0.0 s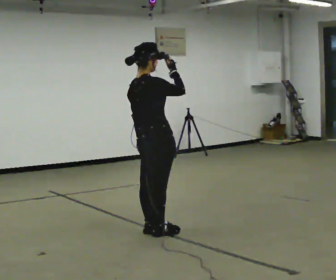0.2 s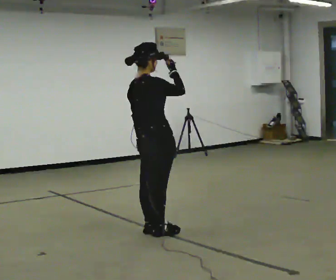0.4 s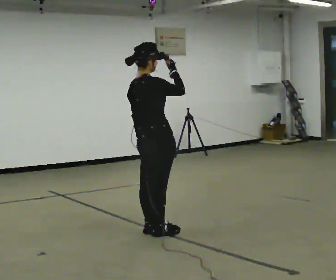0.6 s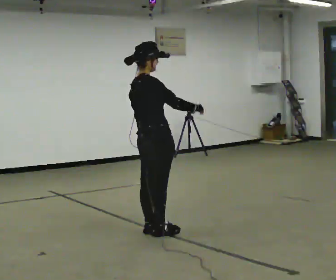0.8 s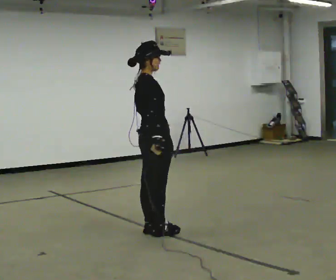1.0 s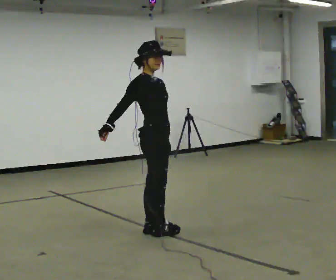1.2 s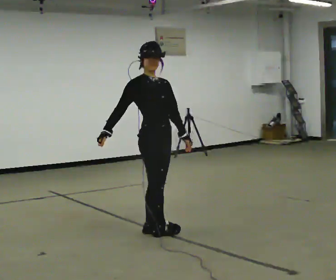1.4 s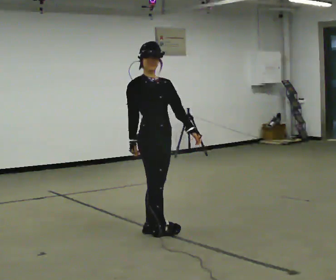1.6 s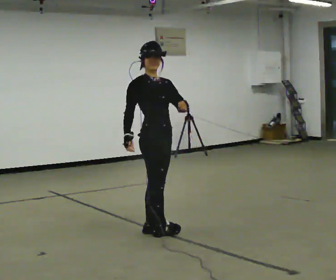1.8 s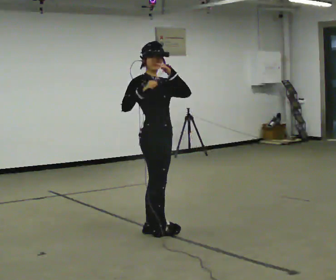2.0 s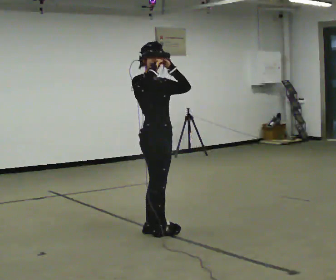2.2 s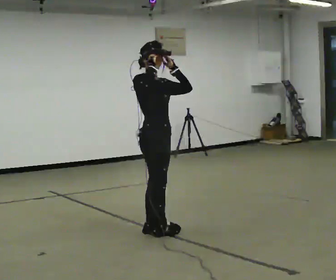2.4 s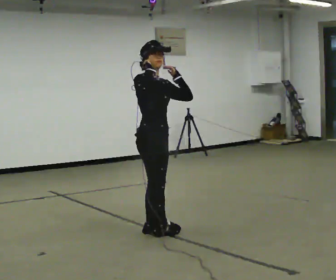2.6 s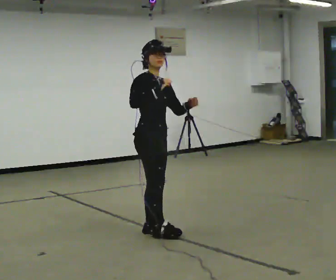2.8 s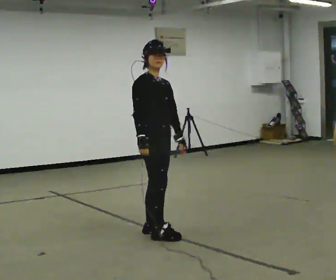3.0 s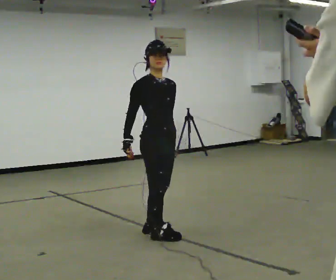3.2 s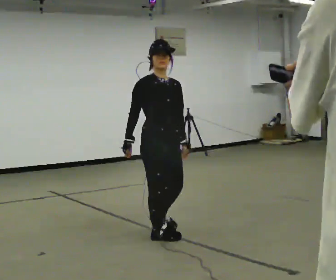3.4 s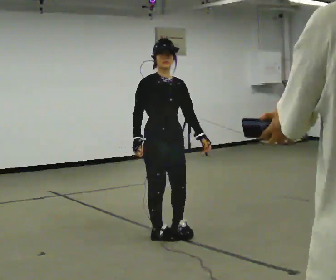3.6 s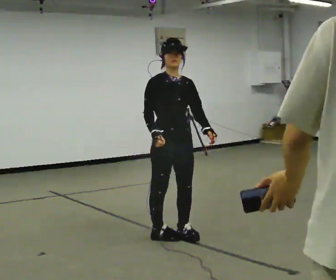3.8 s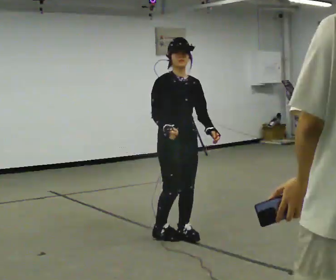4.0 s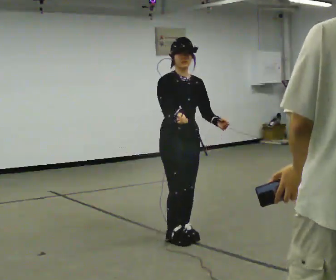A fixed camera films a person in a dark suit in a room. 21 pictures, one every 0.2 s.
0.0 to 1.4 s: The person turns about 75 degrees to their right, clockwise seen from above, so the part of the body nearest the lens slides to the left. In the picture their right hand goes downward and to the left.
1.4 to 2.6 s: In the picture their right hand goes upward.
2.6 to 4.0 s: Seen from above the body turns clockwise, about 30 degrees: to their right, with its near side sliding to the left. In the picture they go to the right and toward the camera, about 0.25 m in 1 step, which for them is forward.
The film runs forward here.
